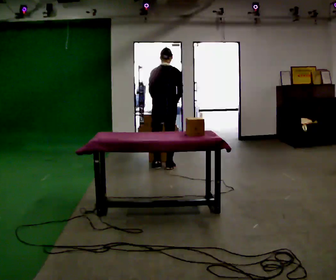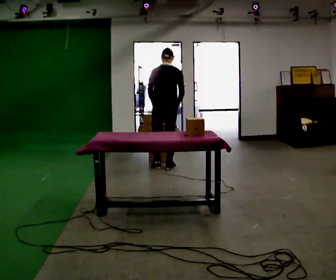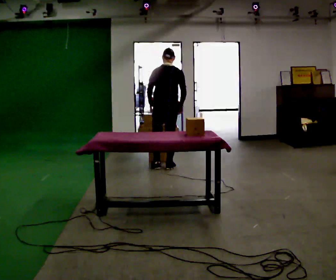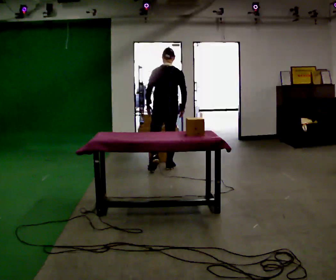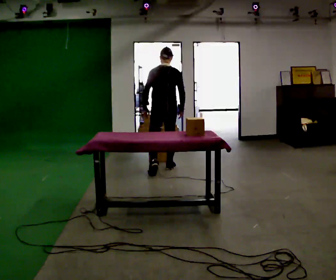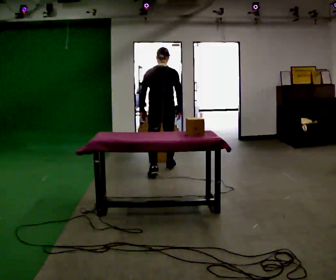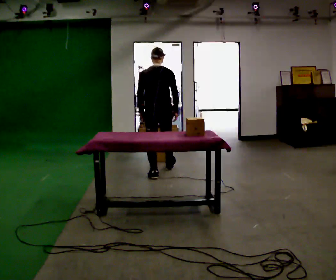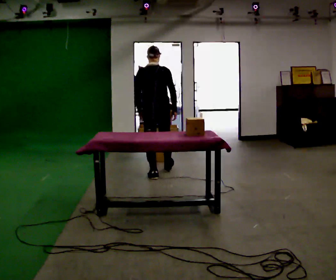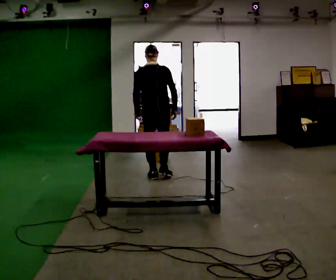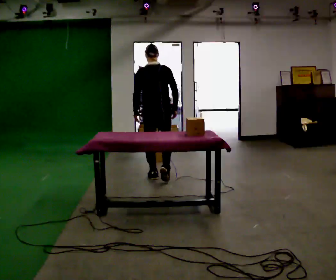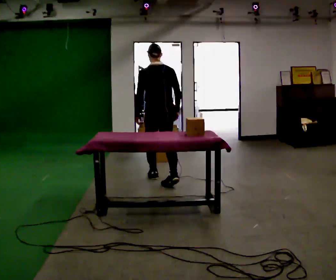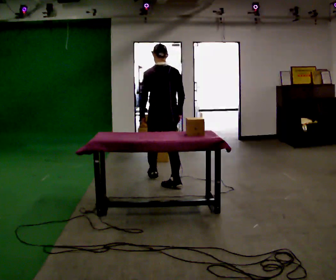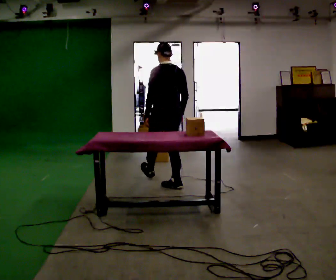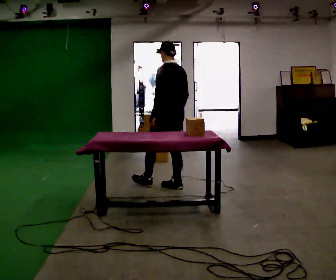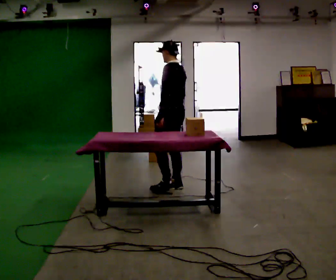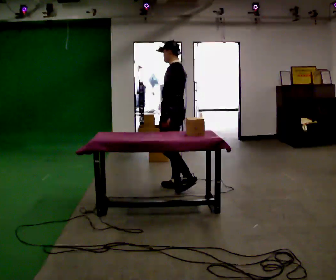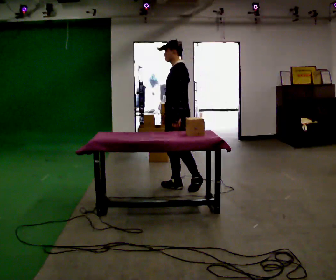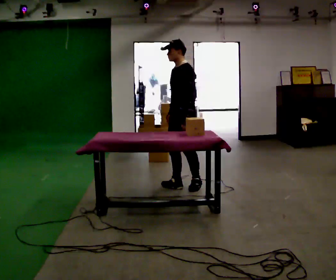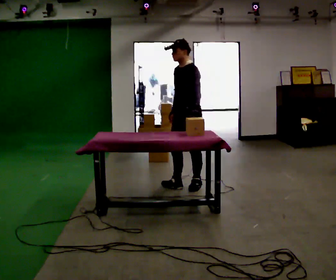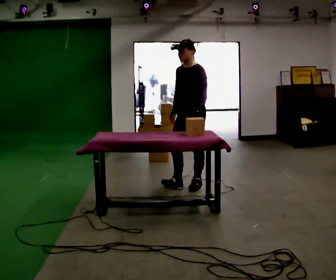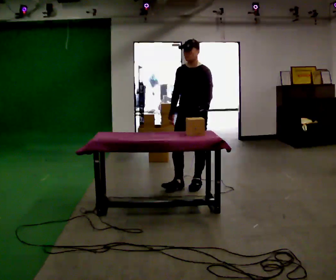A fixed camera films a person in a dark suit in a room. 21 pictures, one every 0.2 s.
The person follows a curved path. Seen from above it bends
counterclockwise.
The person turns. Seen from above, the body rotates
counterclockwise.
0.0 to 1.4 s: In the picture they go toward the camera, about 0.5 m in 2 steps, which for them is backward.
1.4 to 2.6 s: Seen from above the body turns counterclockwise, about 45 degrees: to their left, with its near side sliding to the right. In the picture they go toward the camera and to the right, about 0.5 m in 1 step, which for them is backward.
2.6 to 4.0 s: The part of the body nearest the lens slides to the right as the person turns to their left by about 105 degrees. In the picture they go to the right, about 0.25 m.
The film runs backward here.
